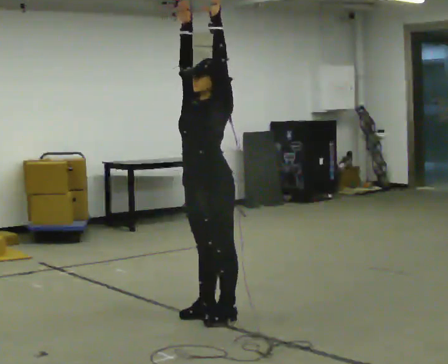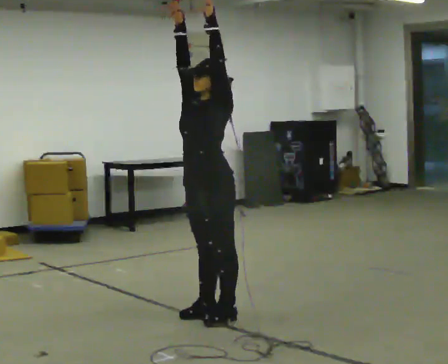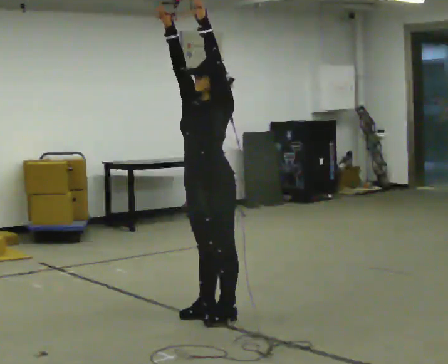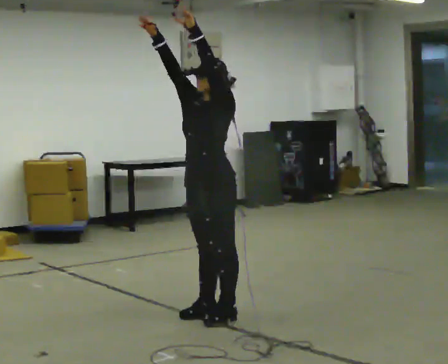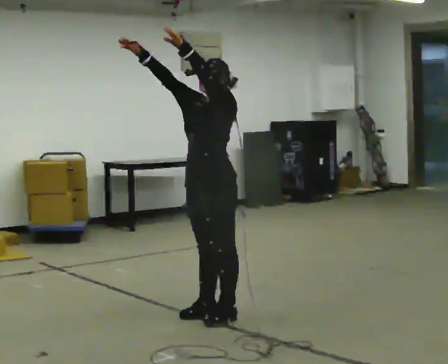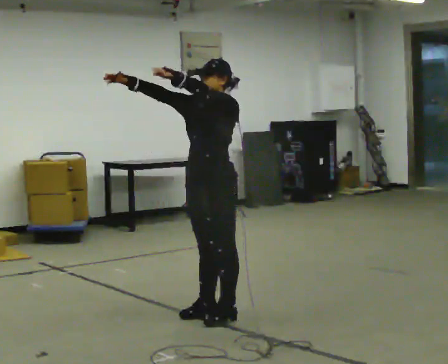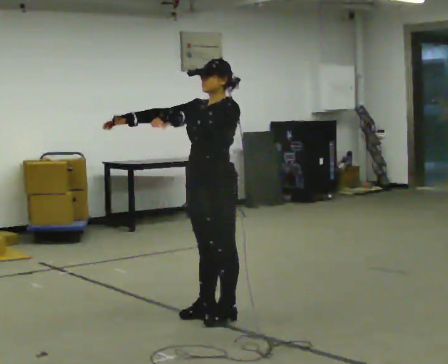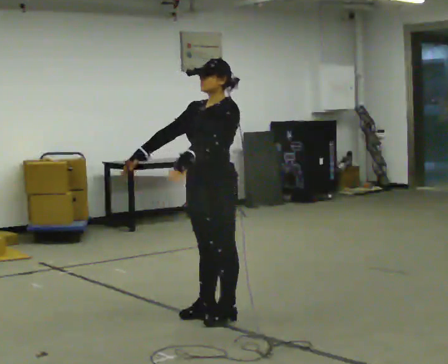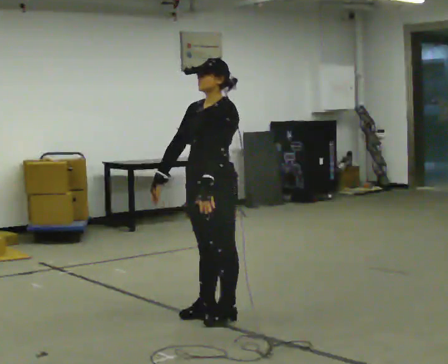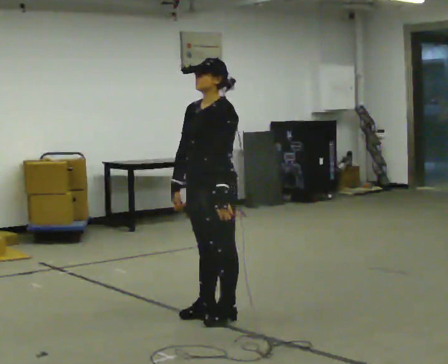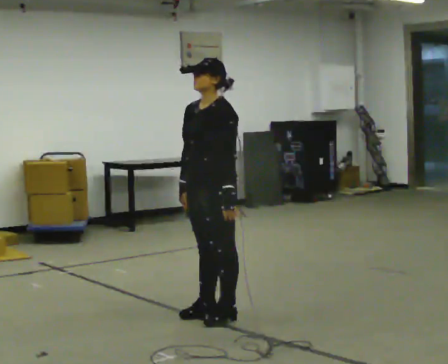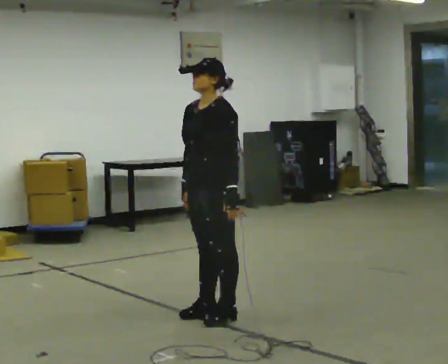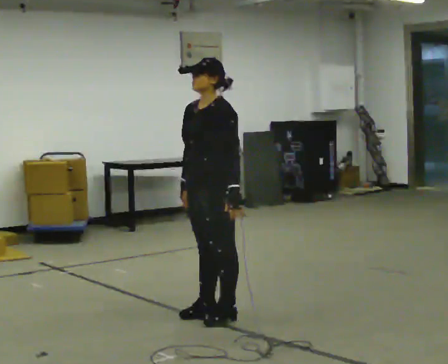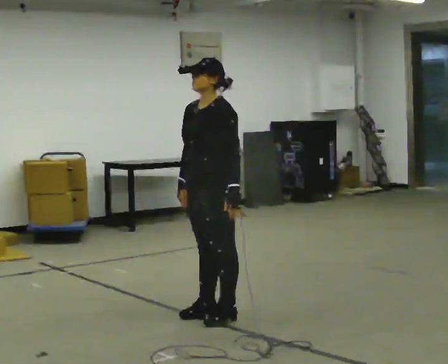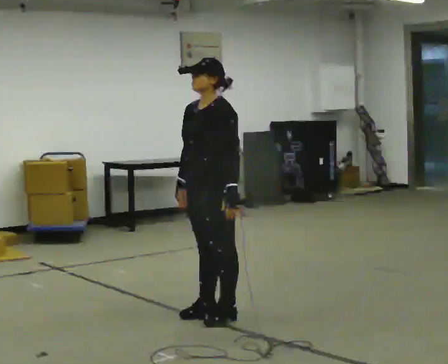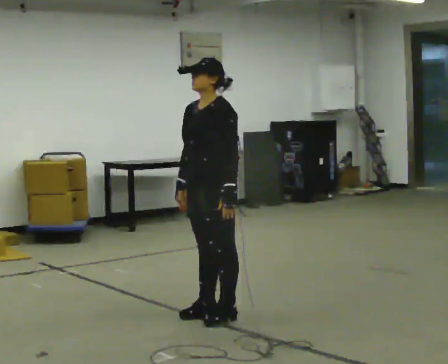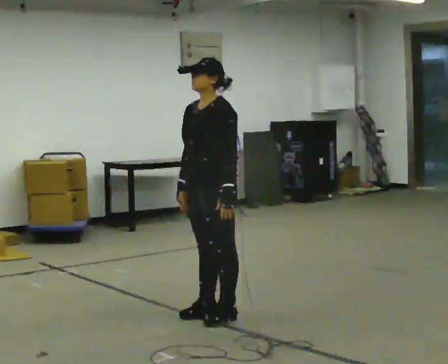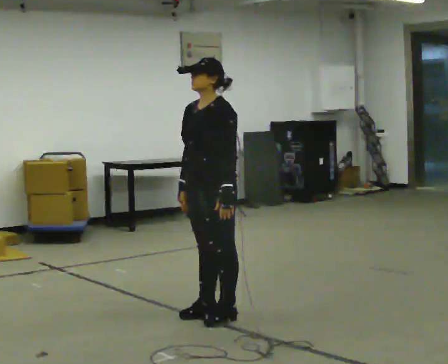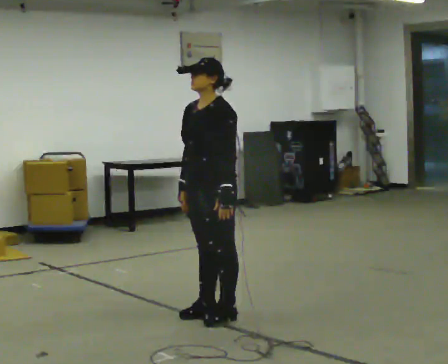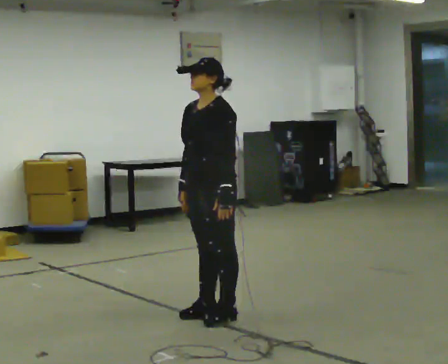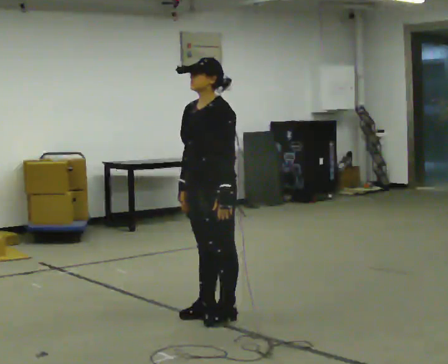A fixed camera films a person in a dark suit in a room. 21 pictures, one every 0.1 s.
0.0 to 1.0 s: In the picture their left hand goes downward.
1.0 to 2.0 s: The person moves a little, or ends about where they began.
The film runs backward here.
